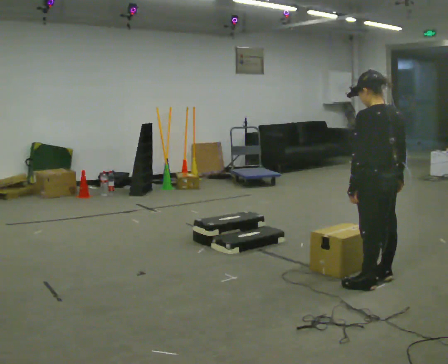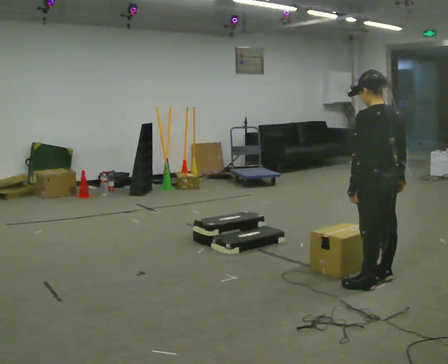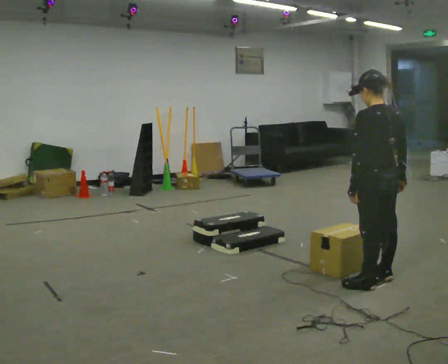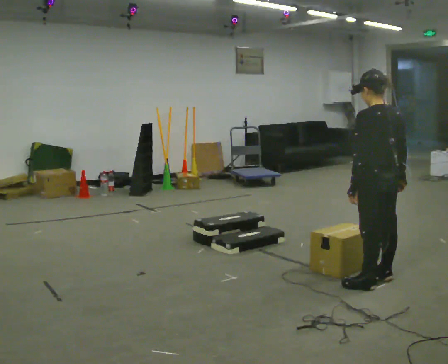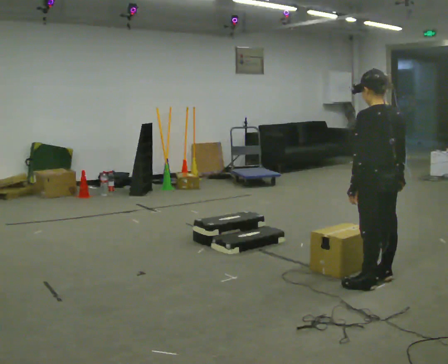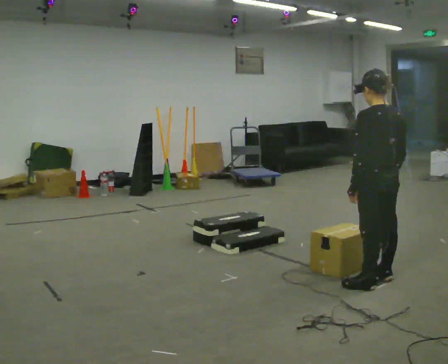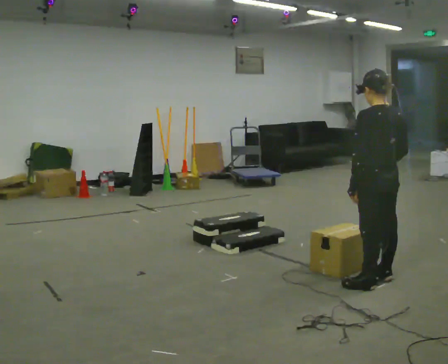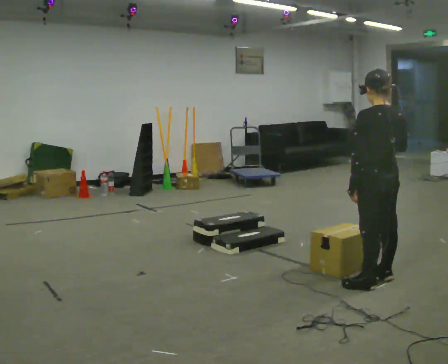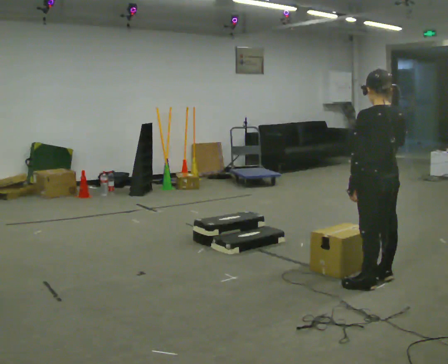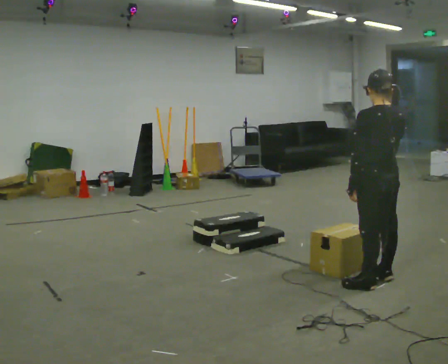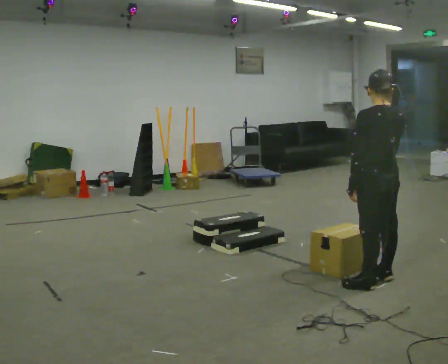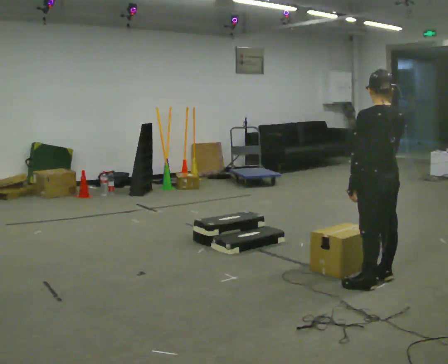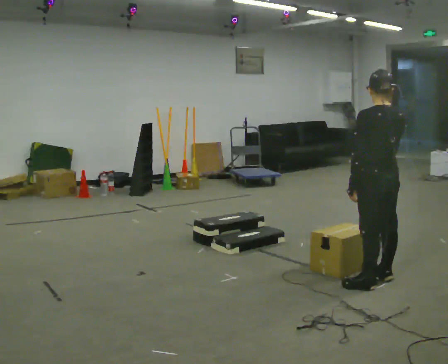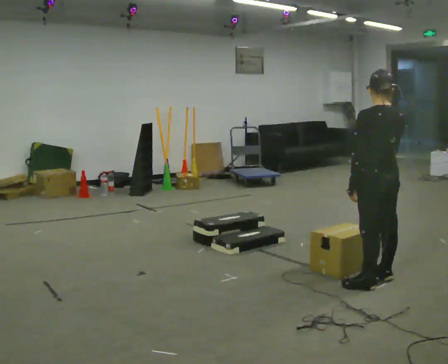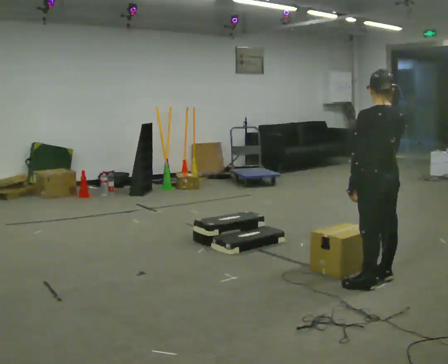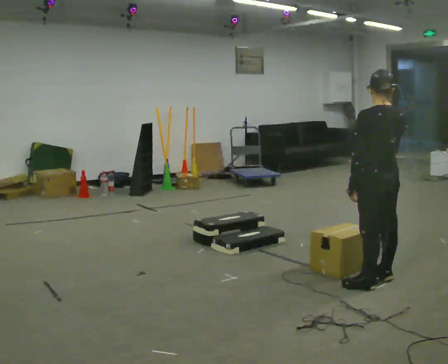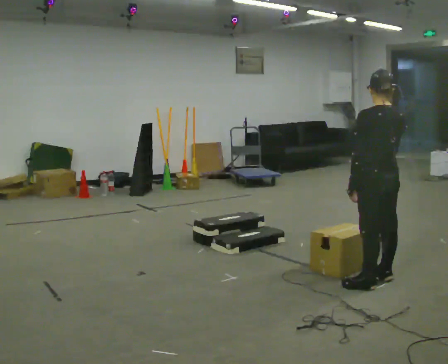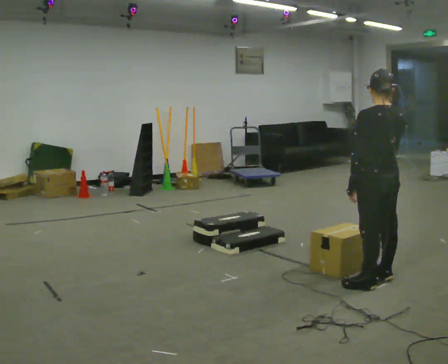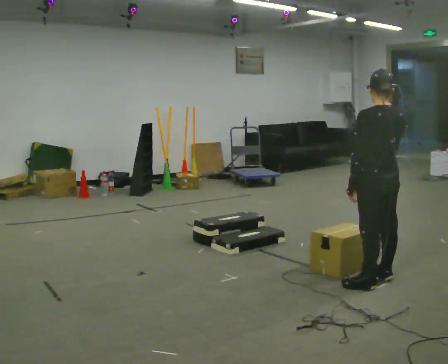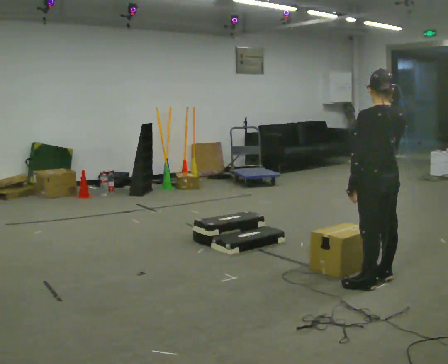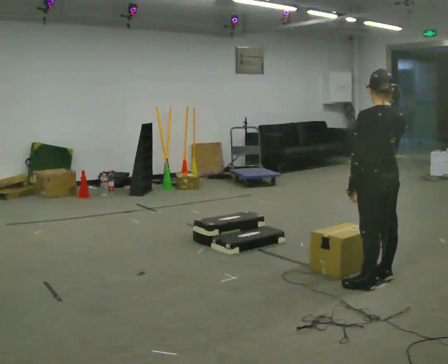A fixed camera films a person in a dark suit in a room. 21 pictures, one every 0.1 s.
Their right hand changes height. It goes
upward.
0.0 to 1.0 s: In the picture their right hand goes upward.
1.0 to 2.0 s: The person moves a little, or ends about where they began.
The film runs backward here.
